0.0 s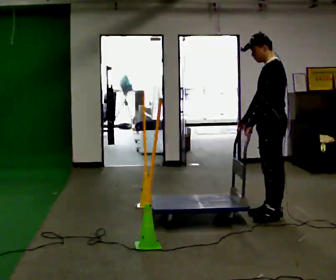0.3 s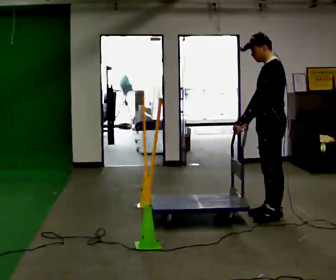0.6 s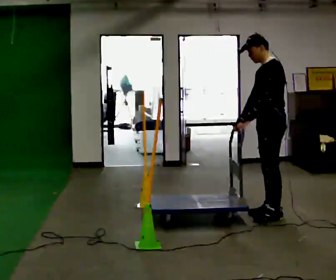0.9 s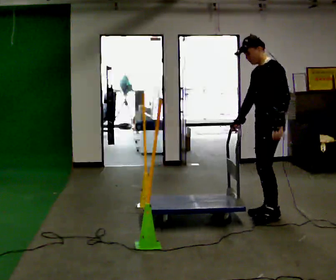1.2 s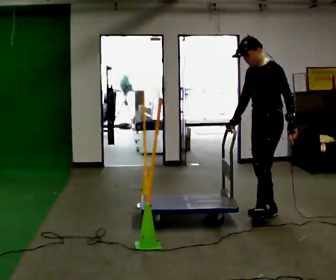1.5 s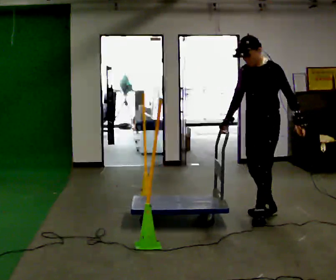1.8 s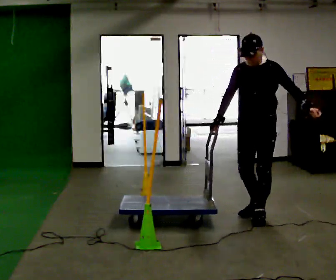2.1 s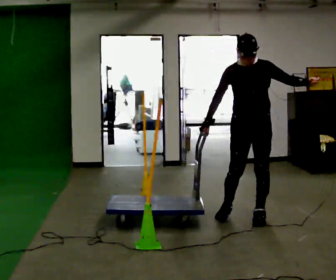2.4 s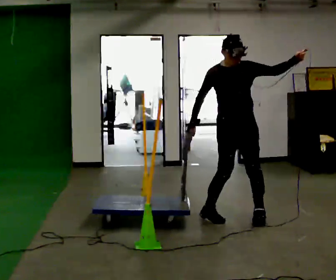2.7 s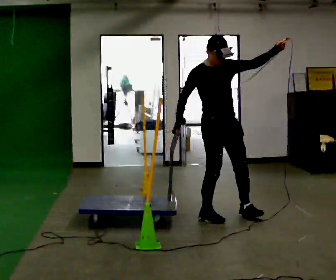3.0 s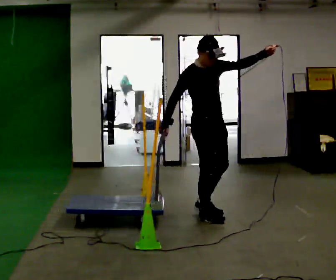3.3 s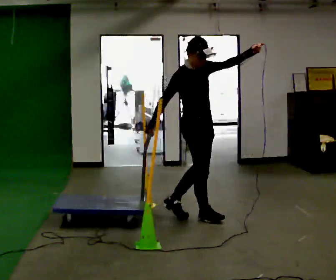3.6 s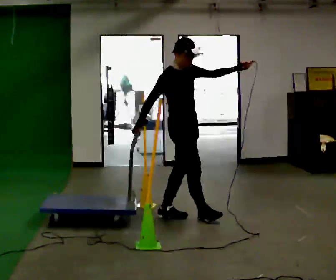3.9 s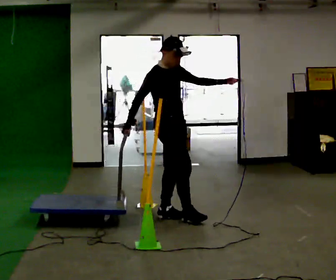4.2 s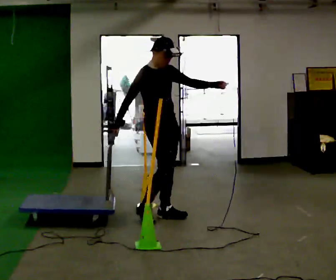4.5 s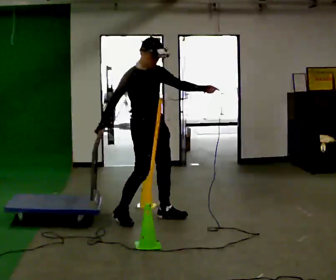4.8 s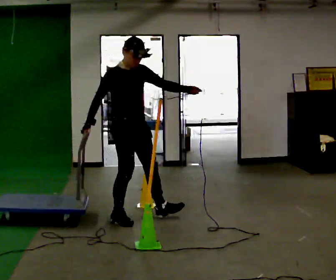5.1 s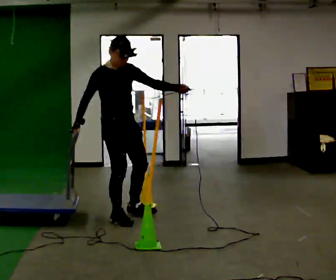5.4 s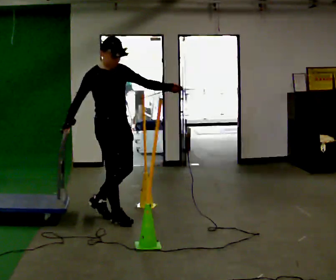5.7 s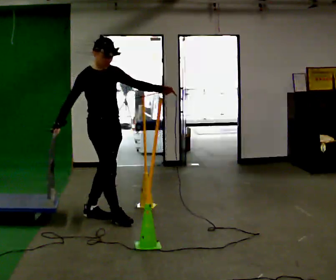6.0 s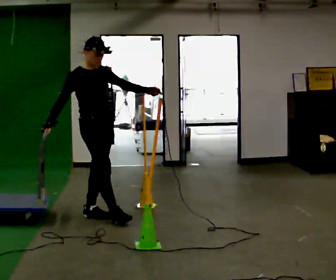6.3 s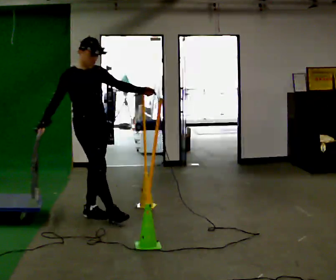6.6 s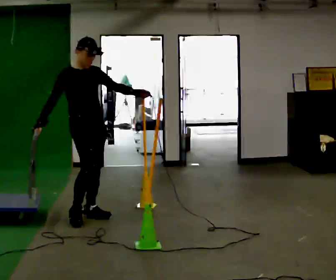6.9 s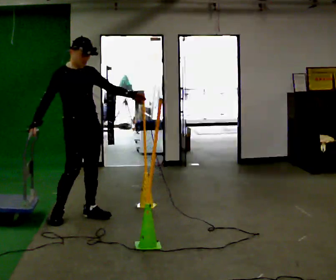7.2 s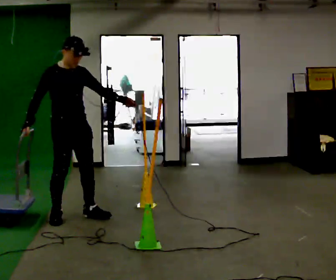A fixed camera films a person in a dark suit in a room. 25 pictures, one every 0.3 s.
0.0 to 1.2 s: In the picture their left hand goes to the right.
1.2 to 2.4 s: The person turns about 90 degrees to their left, counterclockwise seen from above, so the part of the body nearest the lens slides to the right. In the picture they go to the left, about 0.25 m in 1 step. In the picture their left hand goes upward, the arm swinging counterclockwise.
2.4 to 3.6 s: The person turns about 60 degrees to their left, counterclockwise seen from above, so the part of the body nearest the lens slides to the right. In the picture they go to the left, about 0.5 m in 1 step, which for them is backward and to their right.
3.6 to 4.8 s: In the picture they go to the left, about 0.5 m in 1 step, which for them is backward and to their right.
4.8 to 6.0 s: In the picture they go to the left, about 0.25 m in 1 step, which for them is backward.
6.0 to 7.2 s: In the picture they go to the left, about 0.25 m in 1 step, which for them is to their right and backward.
The film runs backward here.
